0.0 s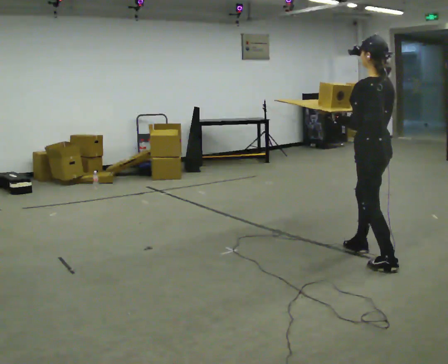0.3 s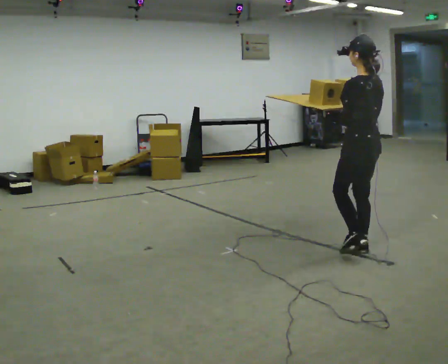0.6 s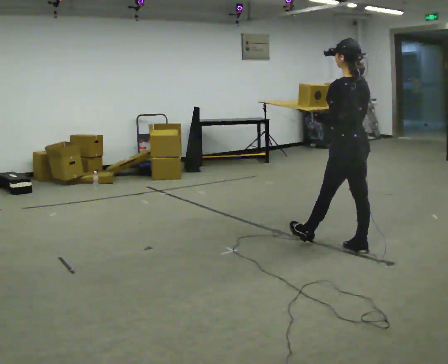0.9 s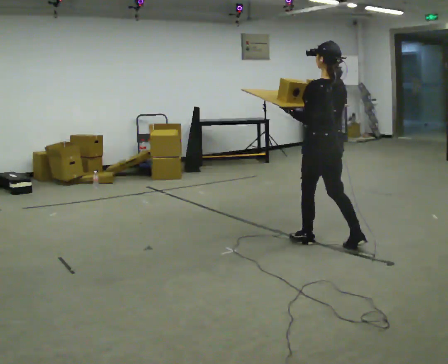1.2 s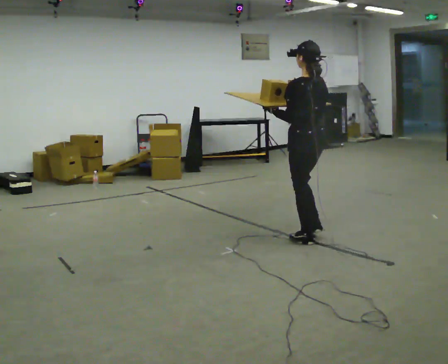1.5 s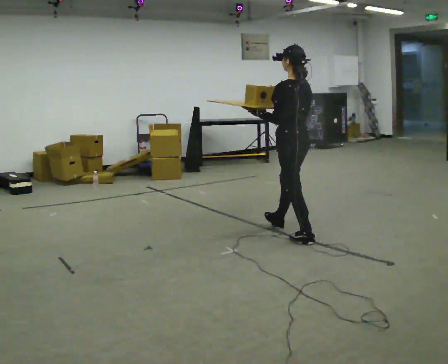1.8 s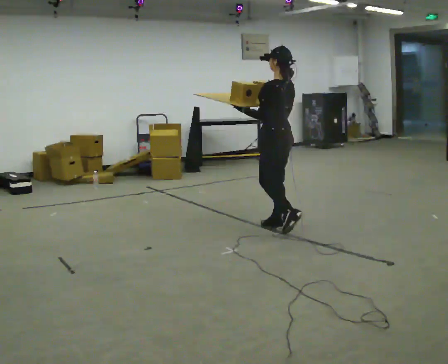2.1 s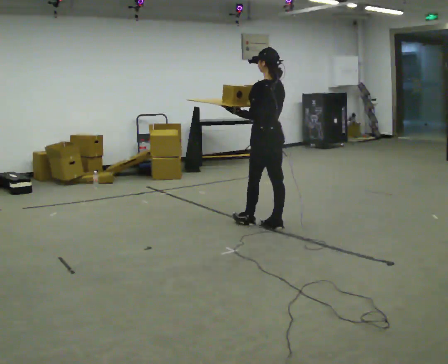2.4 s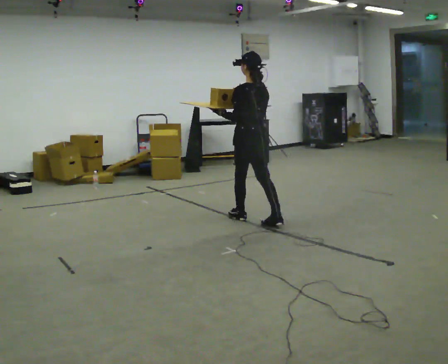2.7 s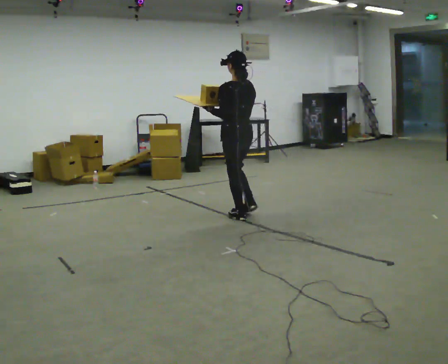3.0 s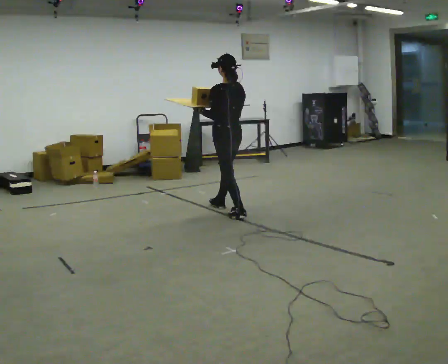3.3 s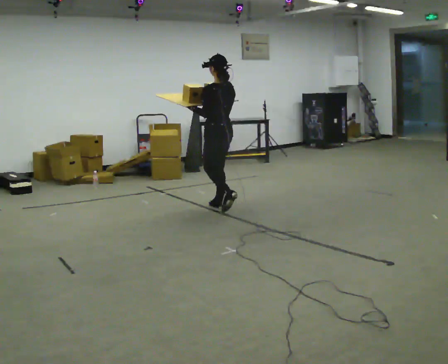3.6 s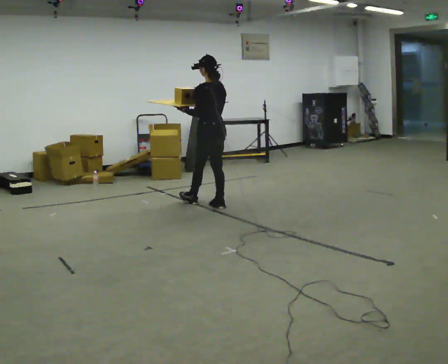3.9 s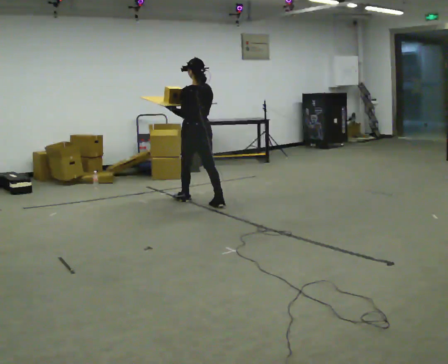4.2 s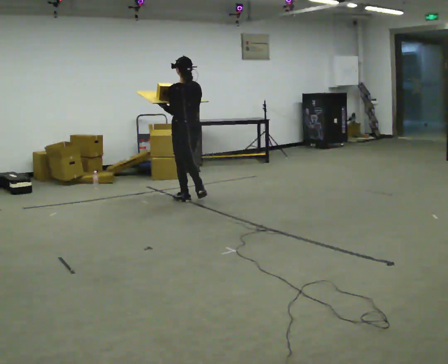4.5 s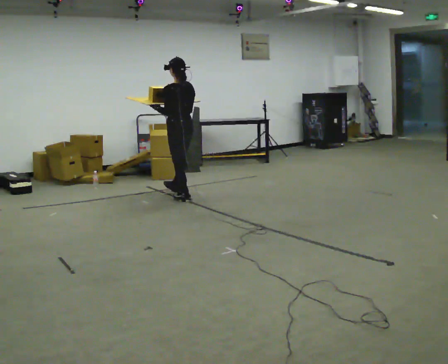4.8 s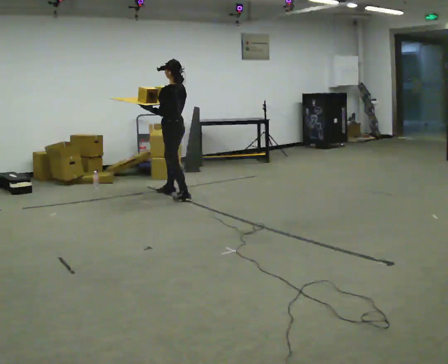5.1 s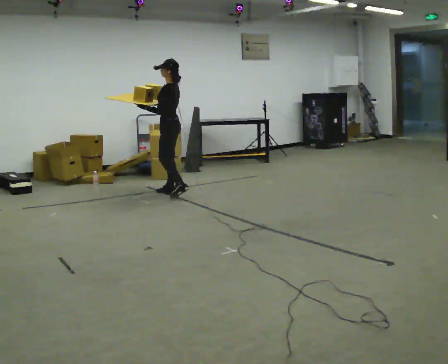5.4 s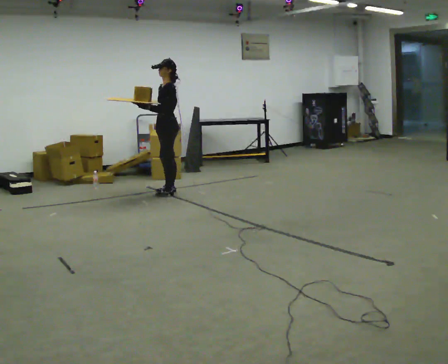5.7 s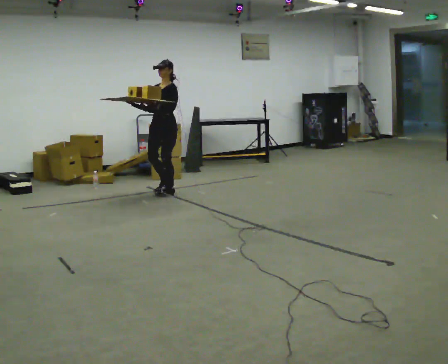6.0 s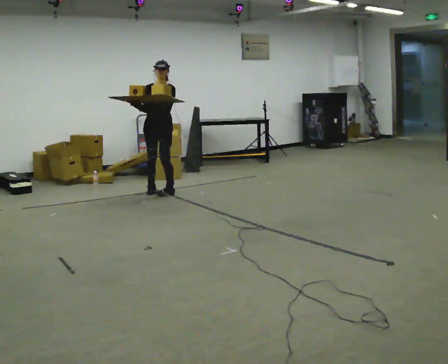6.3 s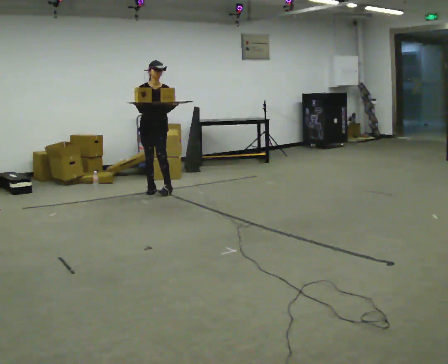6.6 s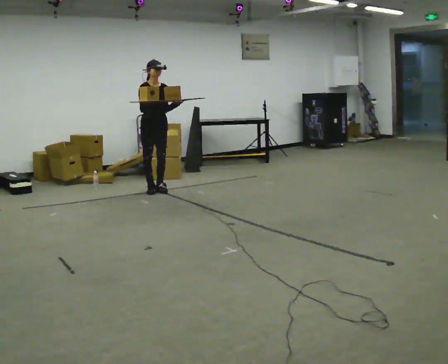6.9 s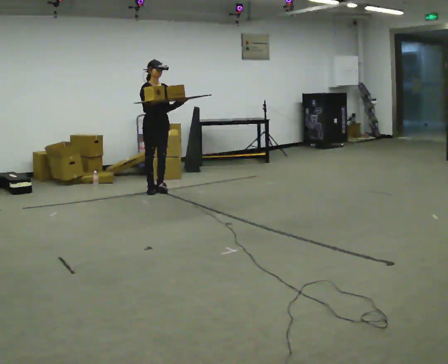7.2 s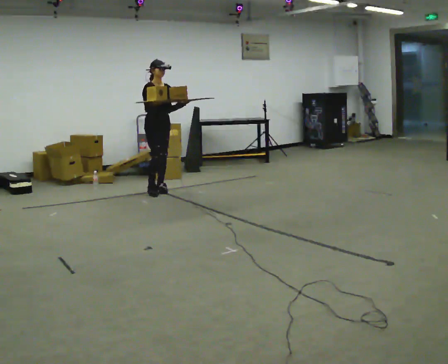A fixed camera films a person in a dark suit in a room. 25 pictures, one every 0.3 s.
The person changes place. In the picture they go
away from the camera.
0.0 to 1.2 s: In the picture they go away from the camera and to the left, about 0.75 m in 1 step, which for them is forward.
1.2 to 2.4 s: In the picture they go away from the camera and to the left, about 1 m in 2 steps, which for them is forward.
2.4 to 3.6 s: In the picture they go away from the camera and to the left, about 0.5 m in 1 step, which for them is forward.
3.6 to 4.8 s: In the picture they go away from the camera and to the left, about 0.75 m in 2 steps, which for them is forward.
4.8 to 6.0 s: The person turns about 105 degrees to their left, counterclockwise seen from above, so the part of the body nearest the lens slides to the right. In the picture they go away from the camera and to the left, about 0.25 m in 2 steps.
6.0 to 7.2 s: Seen from above the body turns counterclockwise, about 45 degrees: to their left, with its near side sliding to the right.
The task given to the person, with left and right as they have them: Carry the loaded tray flat and level in both hands, walking back and forth across the room. Try not to let anything slide off.
The film runs forward here.
